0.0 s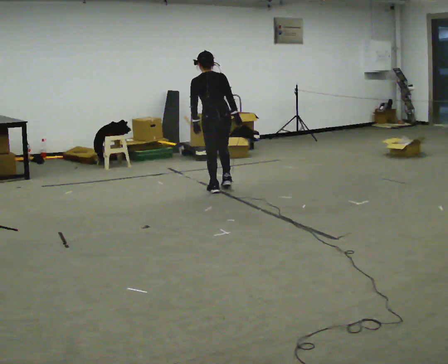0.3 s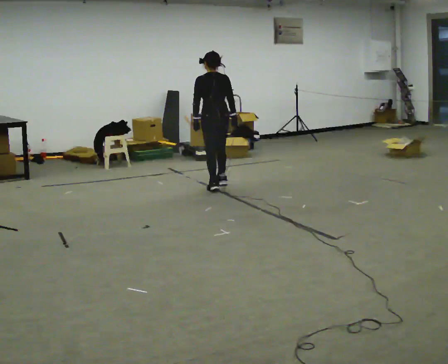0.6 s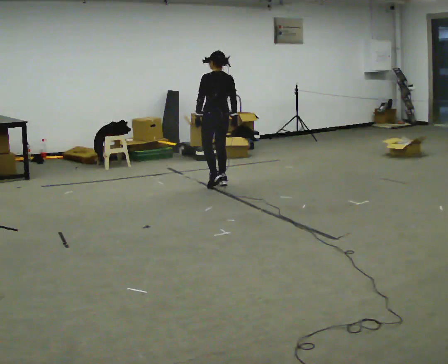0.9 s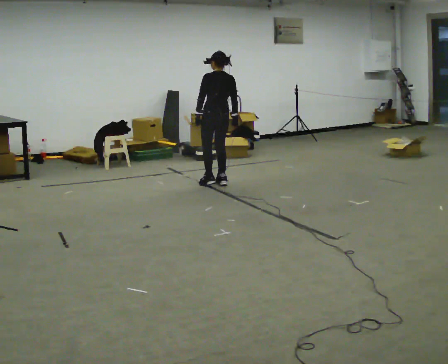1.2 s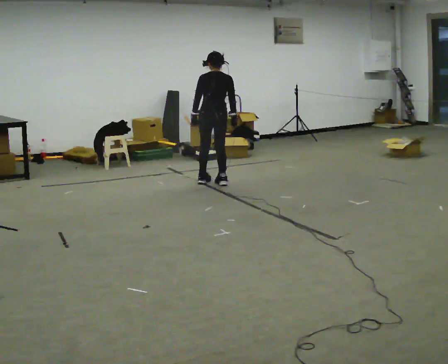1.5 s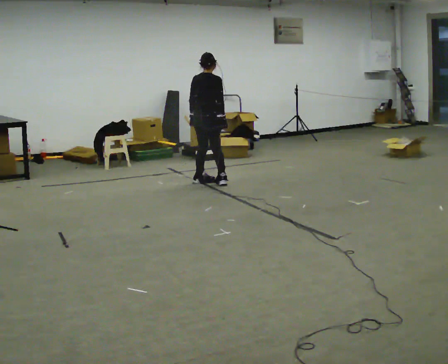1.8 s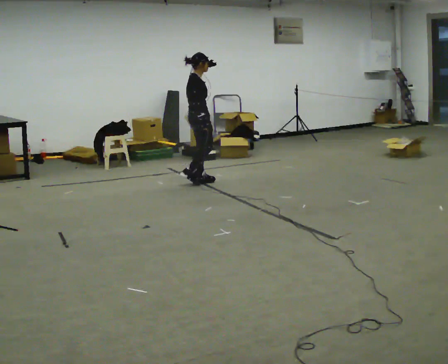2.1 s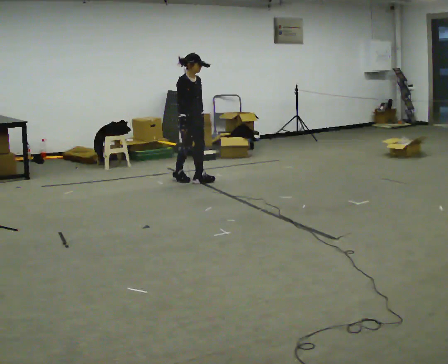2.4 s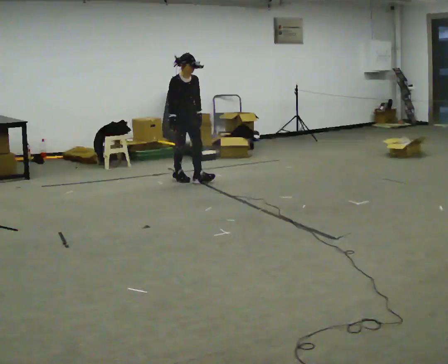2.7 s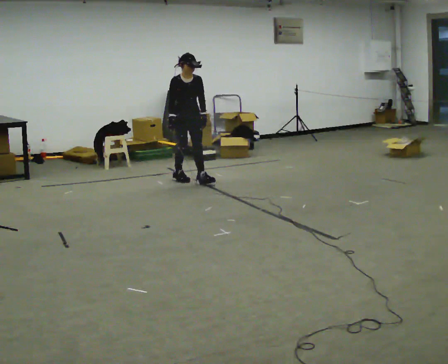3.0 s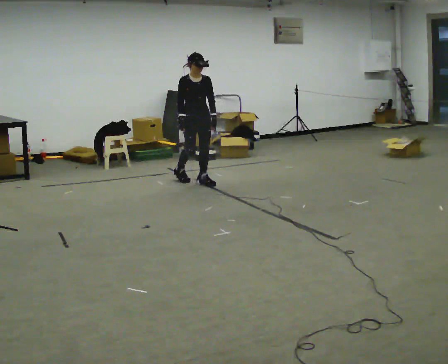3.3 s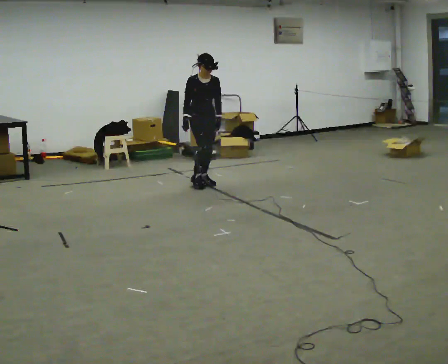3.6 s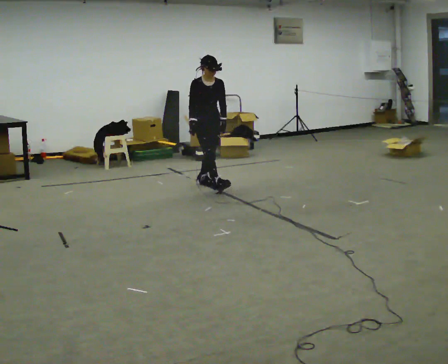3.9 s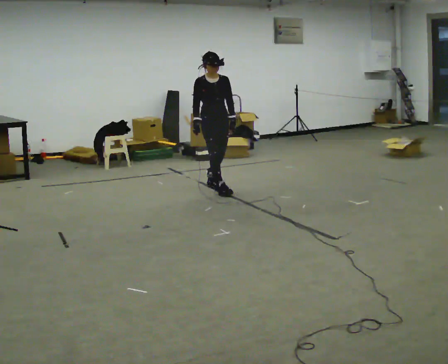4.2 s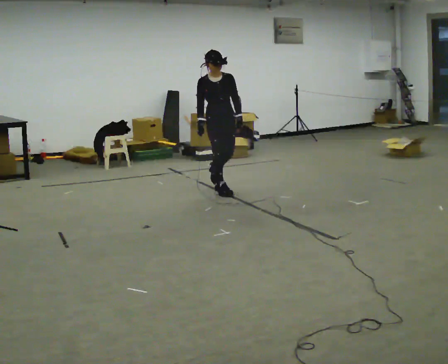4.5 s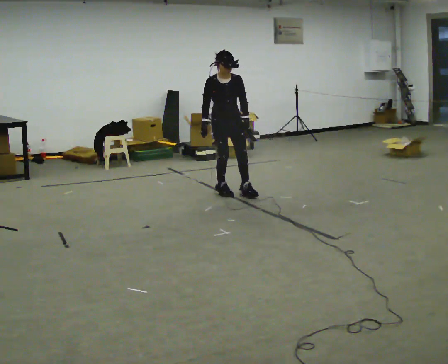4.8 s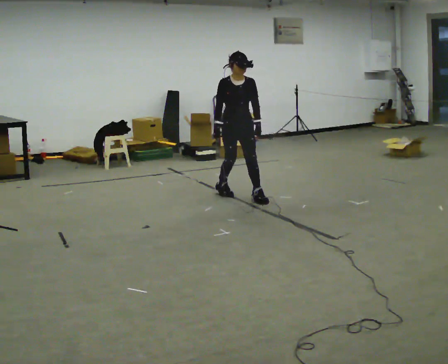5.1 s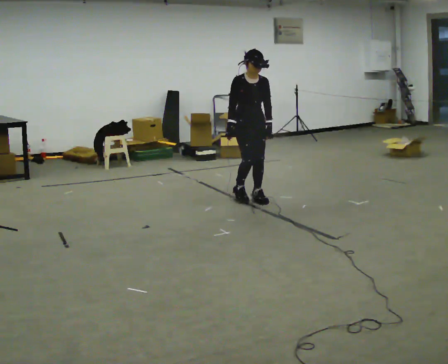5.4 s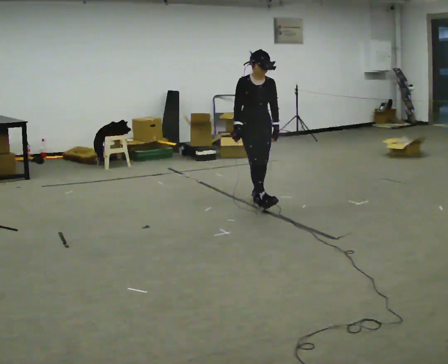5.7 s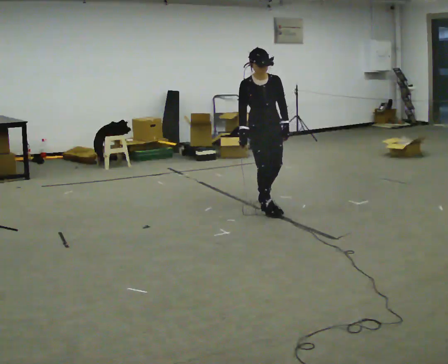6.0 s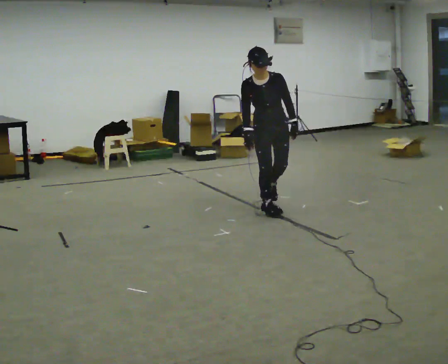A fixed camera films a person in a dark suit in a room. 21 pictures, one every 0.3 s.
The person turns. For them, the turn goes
to their right.
The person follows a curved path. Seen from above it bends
counterclockwise.
0.0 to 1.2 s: In the picture they go away from the camera, about 0.25 m in 1 step, which for them is forward. In the picture the upper body tilts clockwise, shoulders to the right.
1.2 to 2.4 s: The part of the body nearest the lens slides to the left as the person turns to their right by about 150 degrees. In the picture they go to the left and away from the camera, about 0.25 m in 1 step.
2.4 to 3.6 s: In the picture they go toward the camera and to the right, about 0.25 m in 1 step, which for them is forward and to their left.
3.6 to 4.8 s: In the picture they go toward the camera and to the right, about 0.5 m in 1 step, which for them is forward.
4.8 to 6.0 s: In the picture they go toward the camera and to the right, about 0.75 m in 3 steps, which for them is forward.
The film runs backward here.
